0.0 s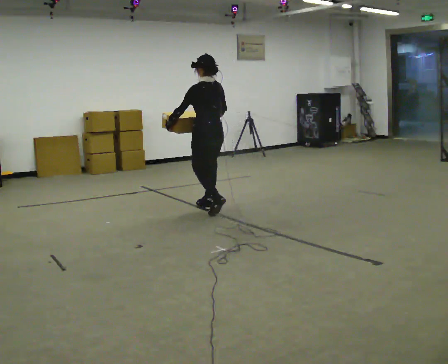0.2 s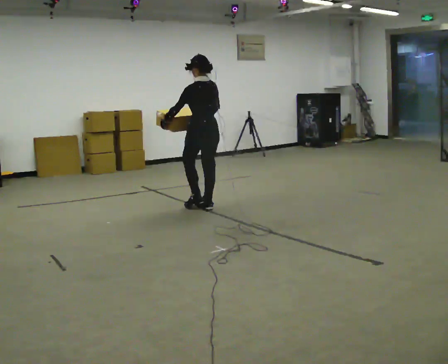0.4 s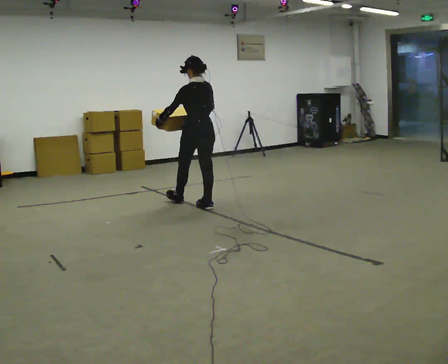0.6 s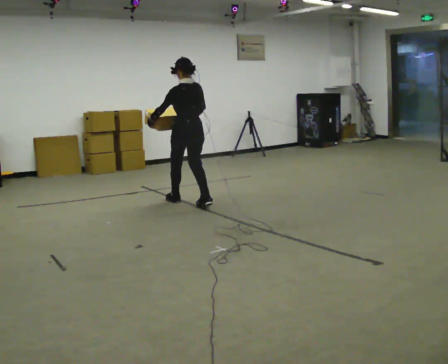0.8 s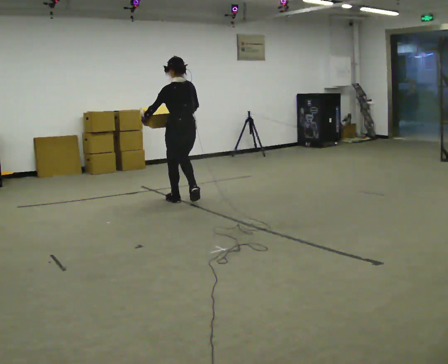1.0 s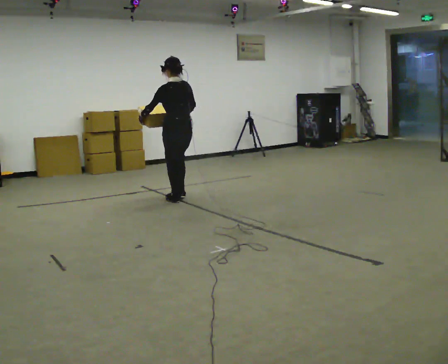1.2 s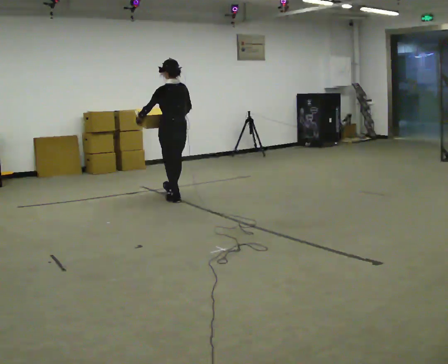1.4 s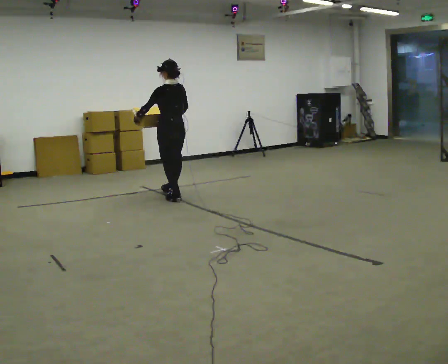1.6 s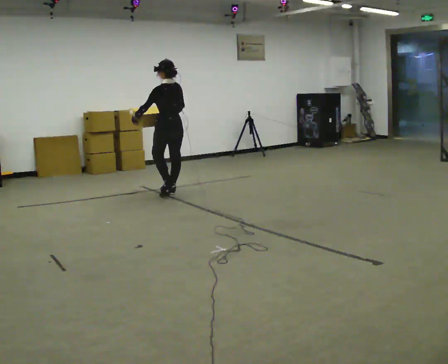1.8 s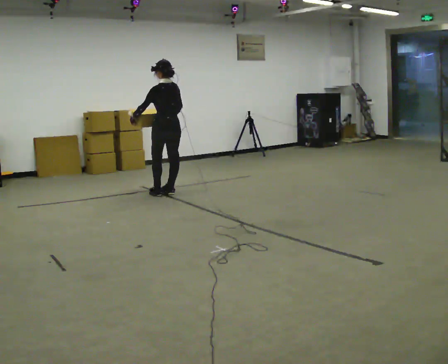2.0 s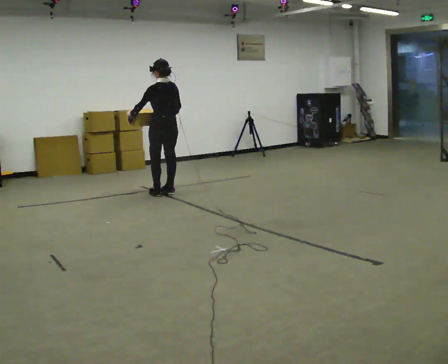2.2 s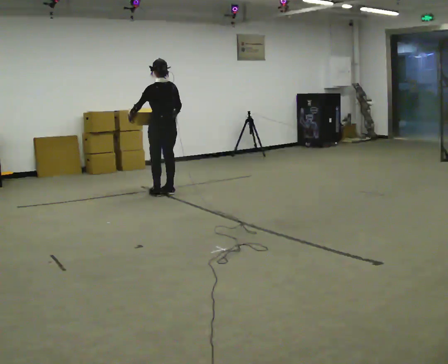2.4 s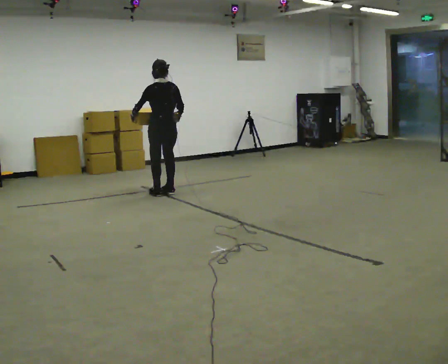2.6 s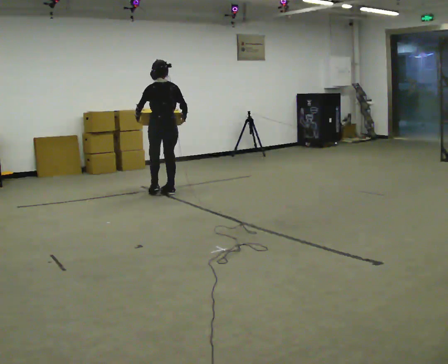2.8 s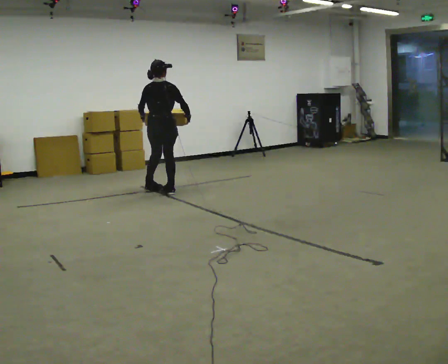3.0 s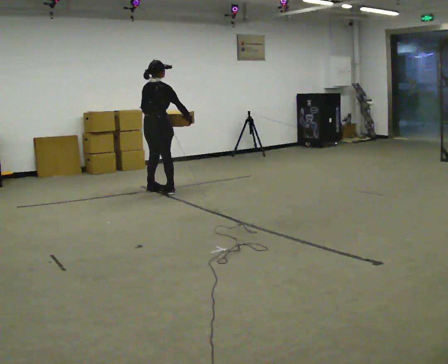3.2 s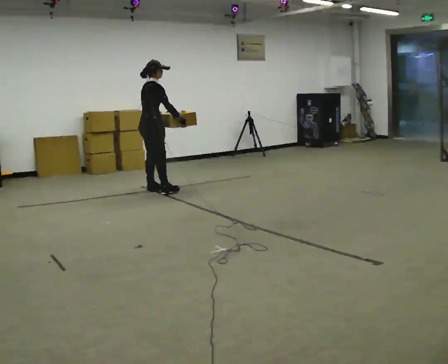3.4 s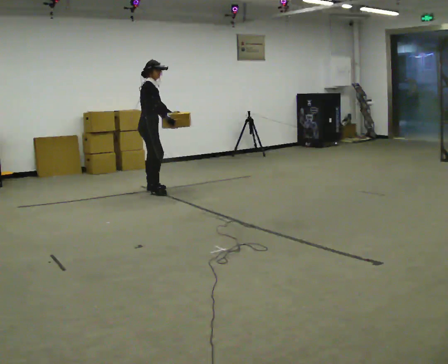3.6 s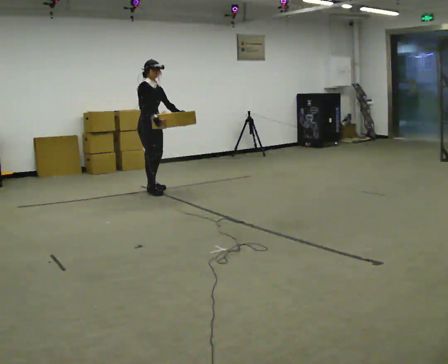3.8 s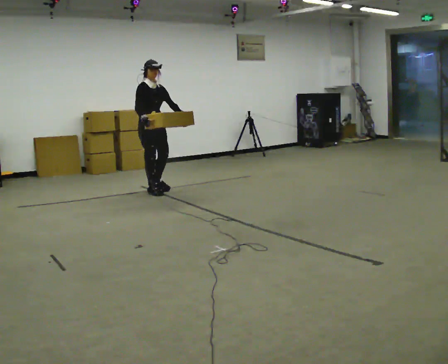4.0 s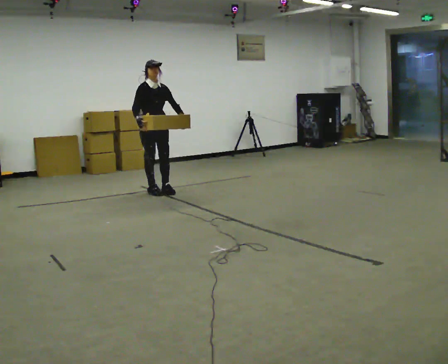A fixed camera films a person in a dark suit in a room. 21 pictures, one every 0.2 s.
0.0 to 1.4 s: In the picture they go away from the camera and to the left, about 1 m in 2 steps, which for them is forward.
1.4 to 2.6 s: The person turns about 30 degrees to their right, clockwise seen from above, so the part of the body nearest the lens slides to the left. In the picture they go away from the camera, about 0.25 m in 1 step, which for them is forward.
2.6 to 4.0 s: The person turns about 165 degrees to their right, clockwise seen from above, so the part of the body nearest the lens slides to the left. In the picture their right hand goes to the left, the arm swinging clockwise.
The film runs forward here.
